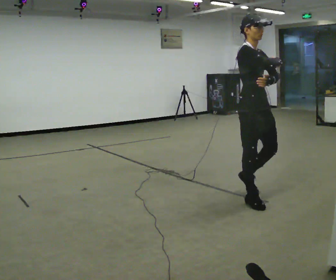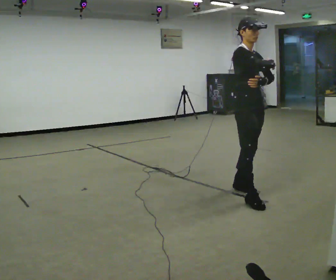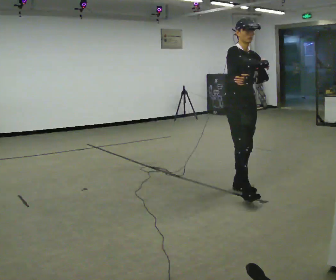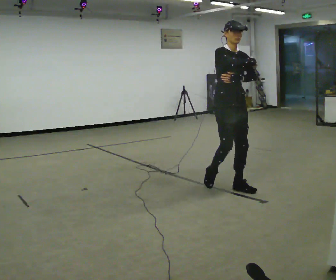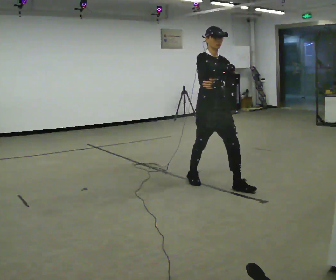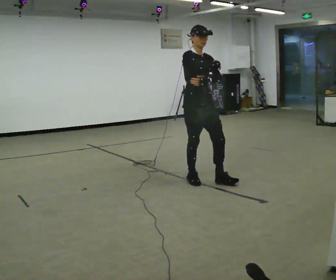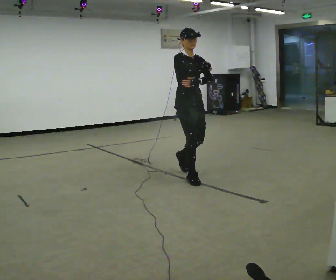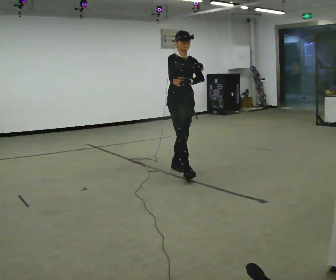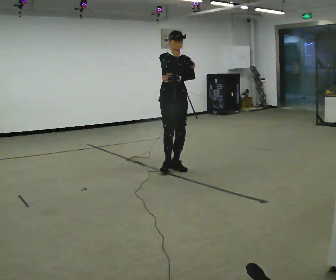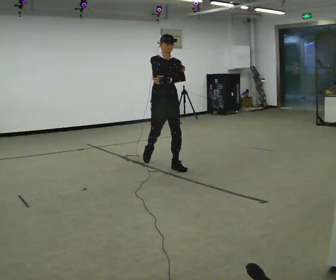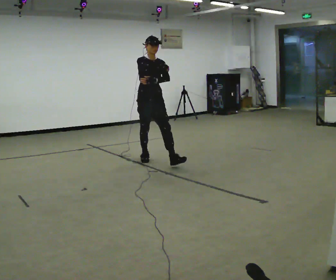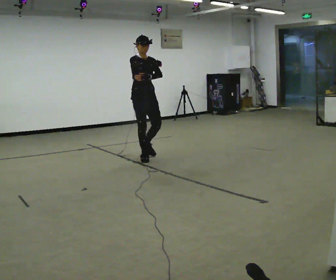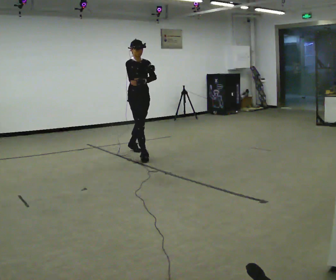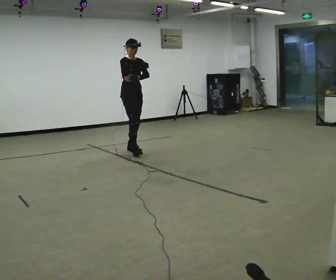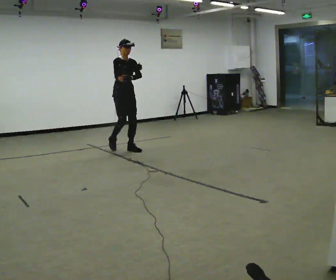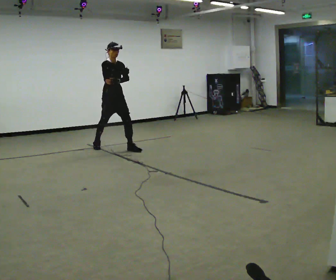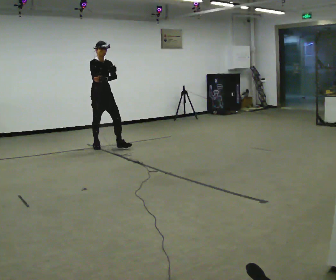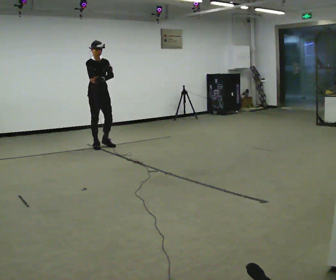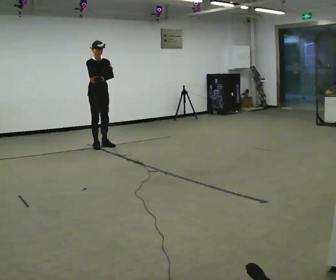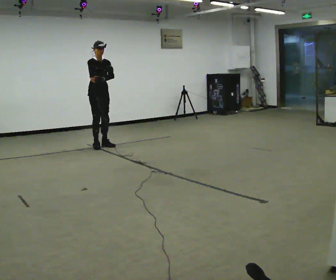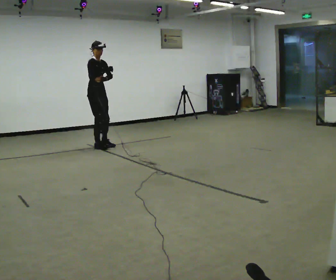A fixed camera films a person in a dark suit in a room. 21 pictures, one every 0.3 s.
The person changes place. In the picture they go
away from the camera.
0.0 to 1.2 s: In the picture they go away from the camera and to the left, about 0.75 m in 1 step, which for them is backward.
1.2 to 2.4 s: In the picture they go away from the camera and to the left, about 1 m in 2 steps, which for them is backward.
2.4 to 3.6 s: In the picture they go away from the camera and to the left, about 1 m in 1 step, which for them is backward.
3.6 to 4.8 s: In the picture they go to the left and away from the camera, about 1 m in 2 steps, which for them is backward.
4.8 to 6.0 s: The person moves a little, or ends about where they began.
The film runs backward here.
